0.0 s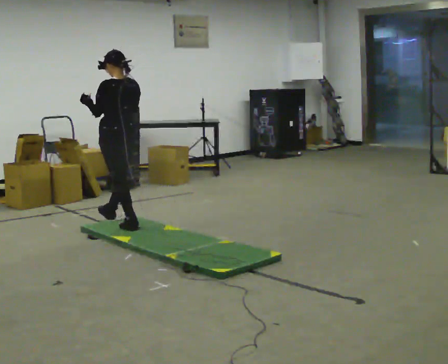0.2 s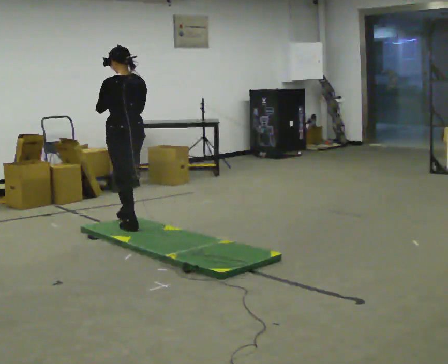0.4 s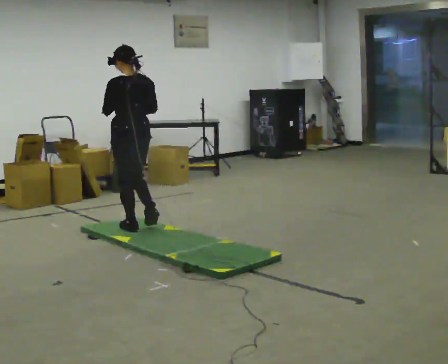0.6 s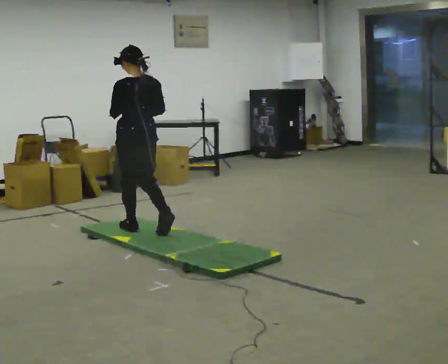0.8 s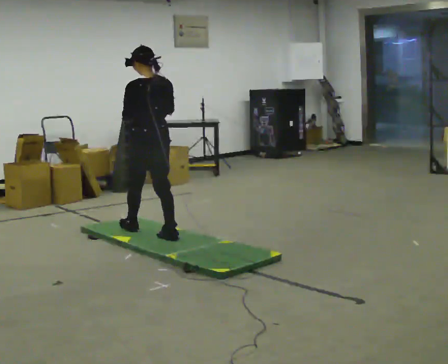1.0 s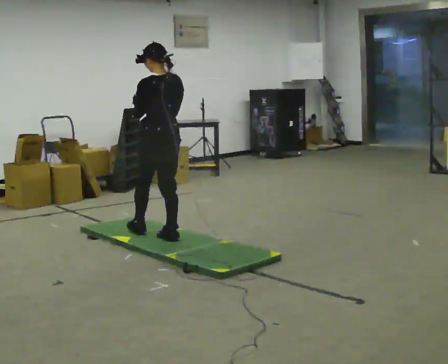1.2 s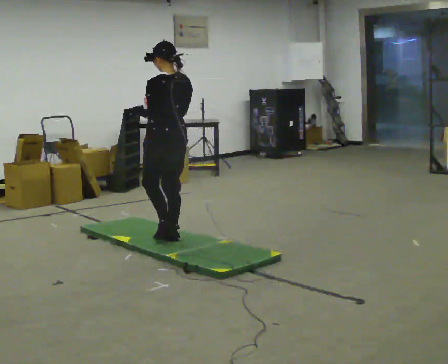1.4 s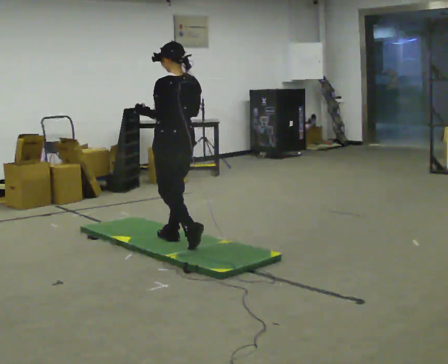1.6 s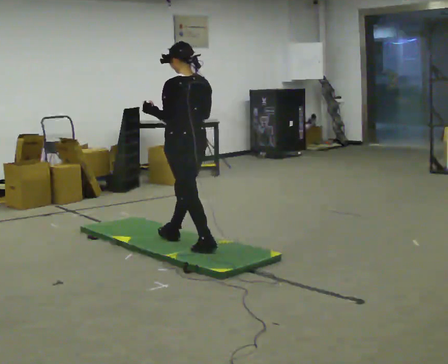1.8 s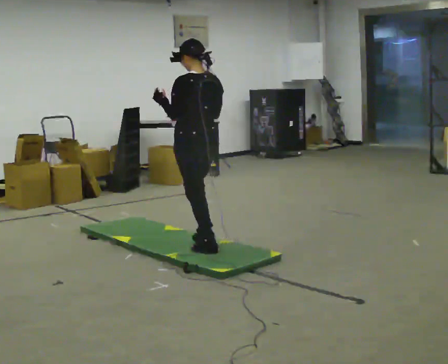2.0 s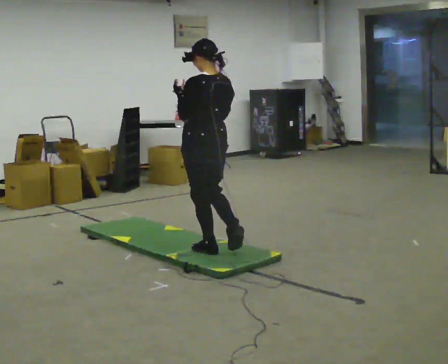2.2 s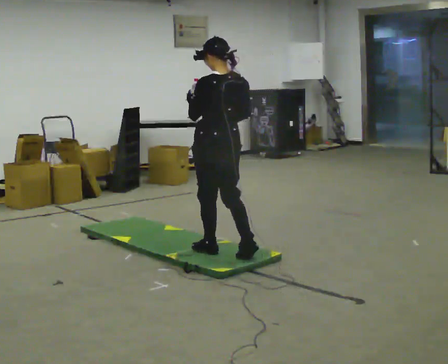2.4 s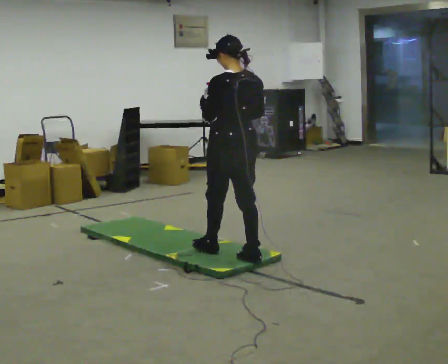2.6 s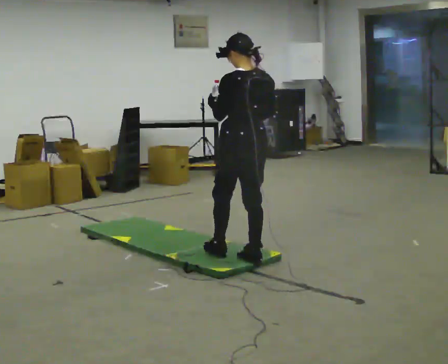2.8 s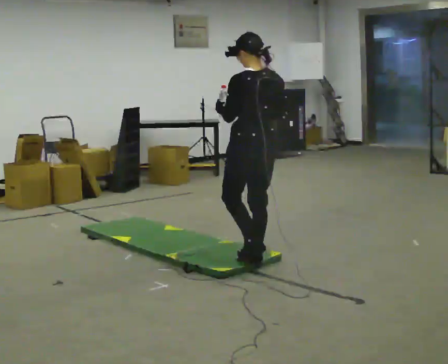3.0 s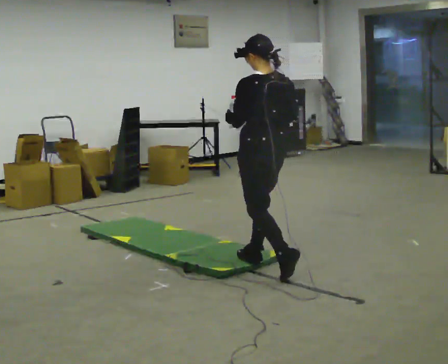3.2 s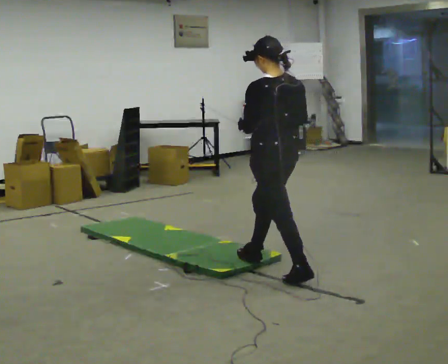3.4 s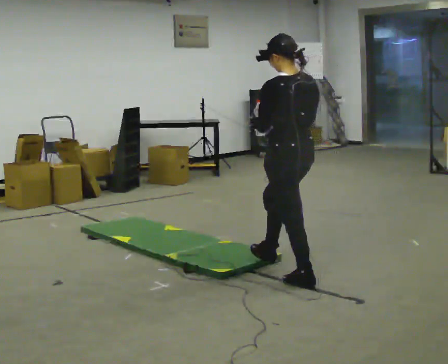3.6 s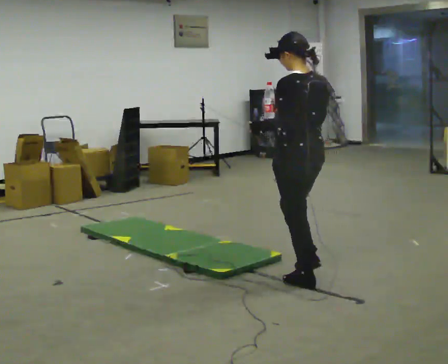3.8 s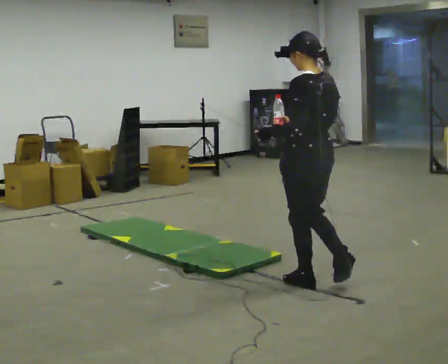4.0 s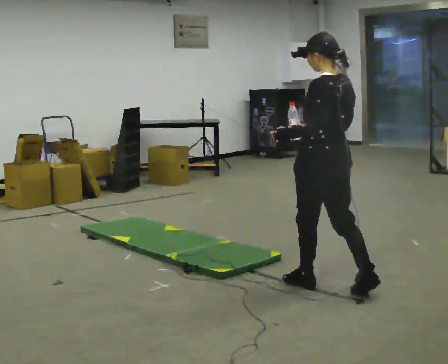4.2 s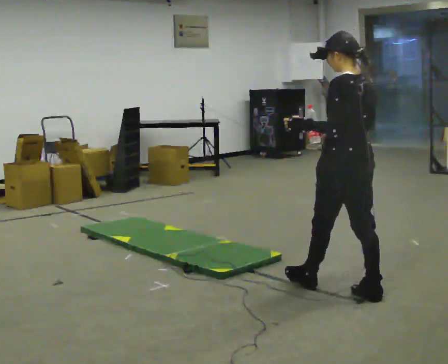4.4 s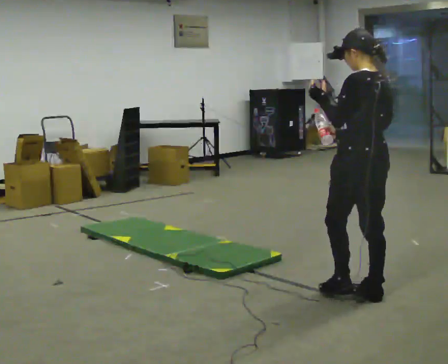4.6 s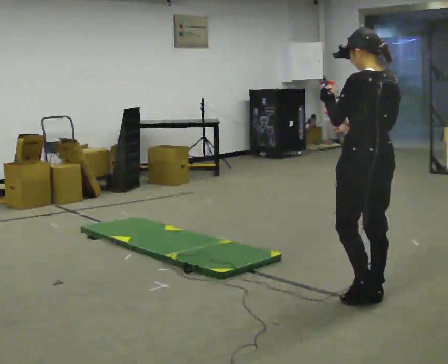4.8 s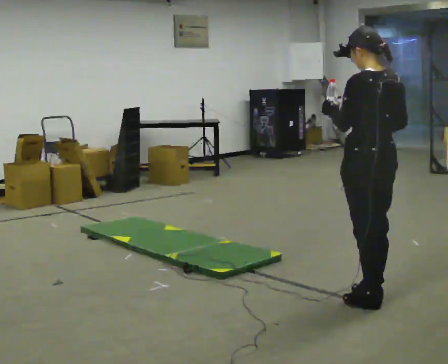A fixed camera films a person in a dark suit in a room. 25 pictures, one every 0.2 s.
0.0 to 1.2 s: In the picture they go toward the camera and to the right, about 0.75 m in 2 steps, which for them is backward.
1.2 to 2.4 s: In the picture they go to the right and toward the camera, about 0.5 m in 1 step, which for them is backward.
2.4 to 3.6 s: In the picture they go toward the camera and to the right, about 0.75 m in 2 steps, which for them is backward.
3.6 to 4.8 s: In the picture they go toward the camera and to the right, about 0.5 m in 1 step, which for them is backward.
The film runs backward here.
